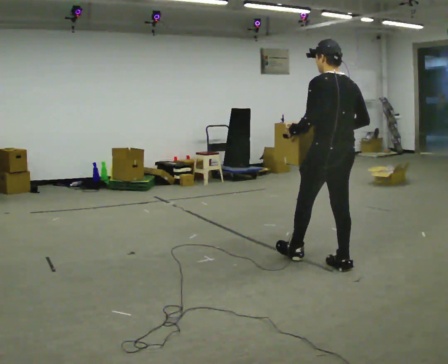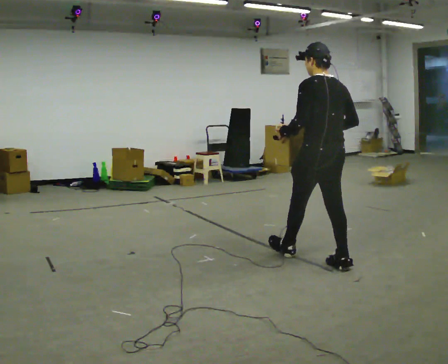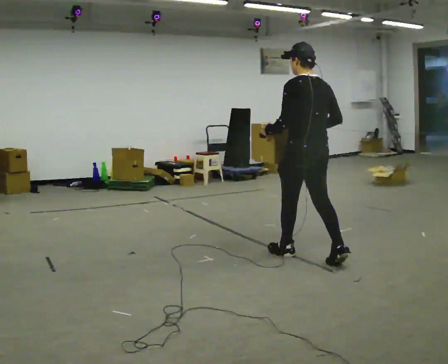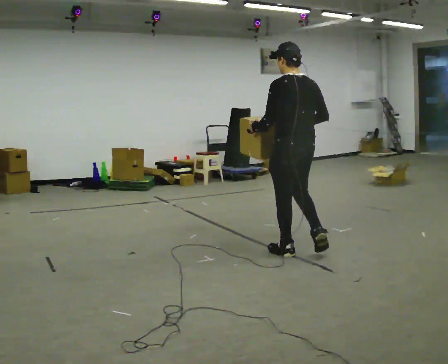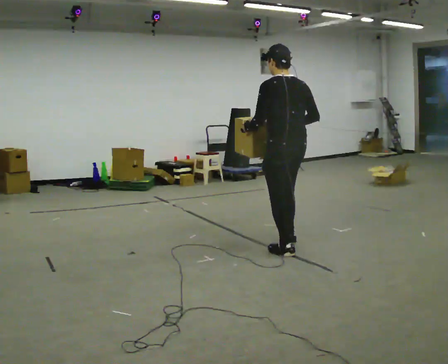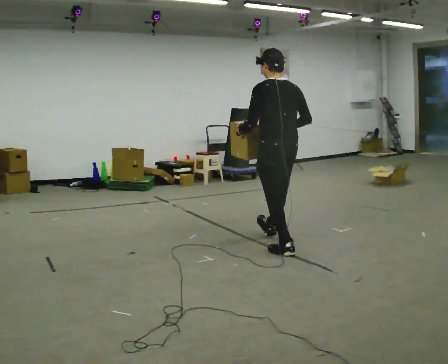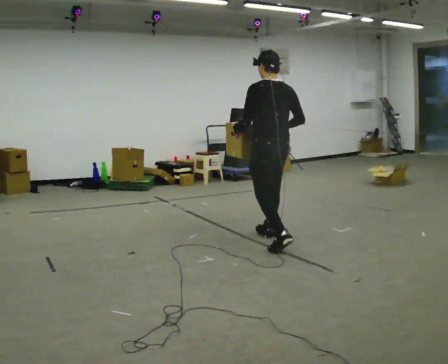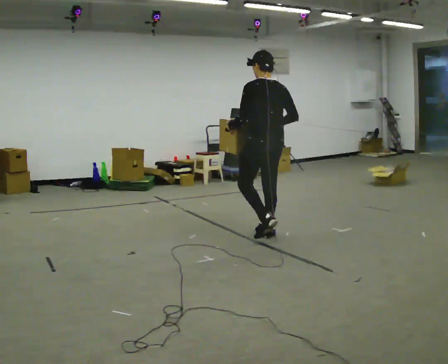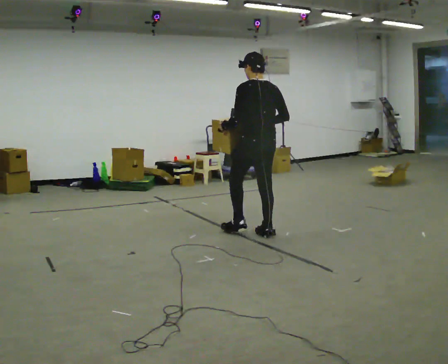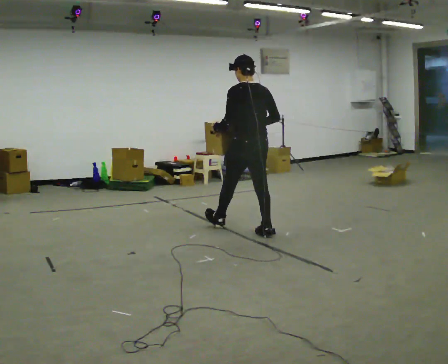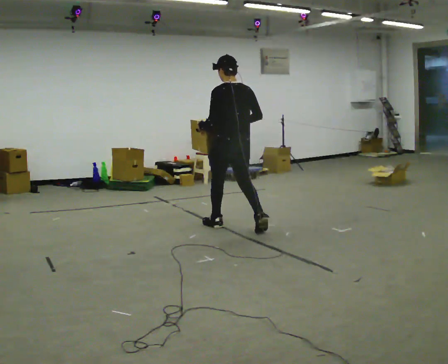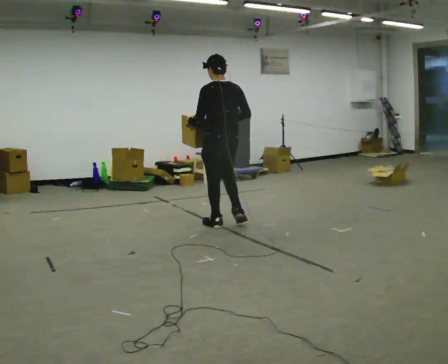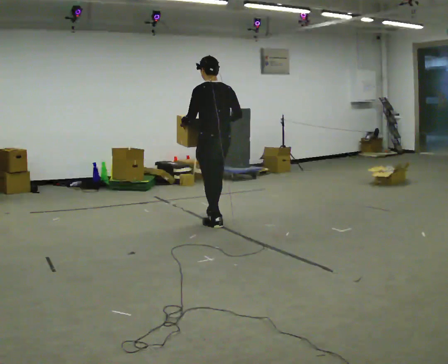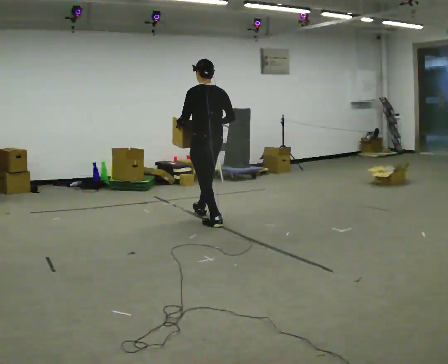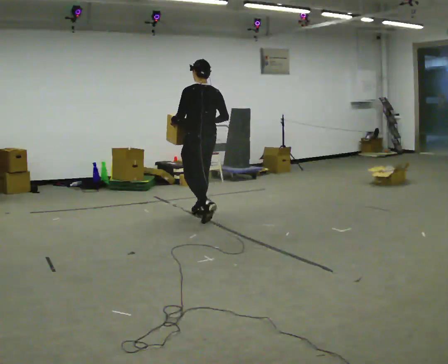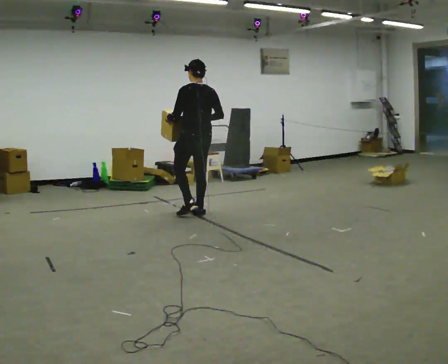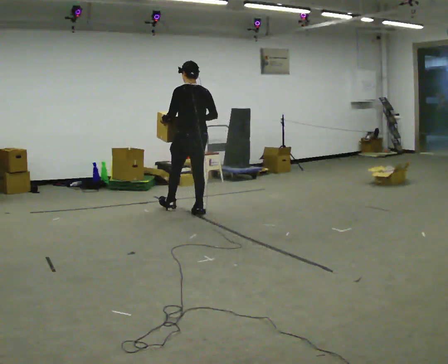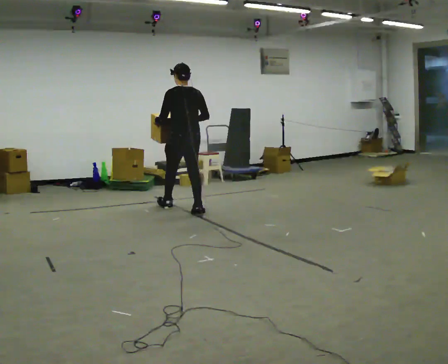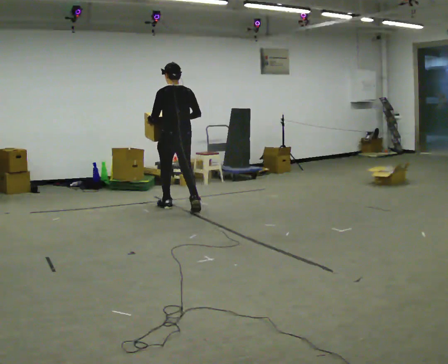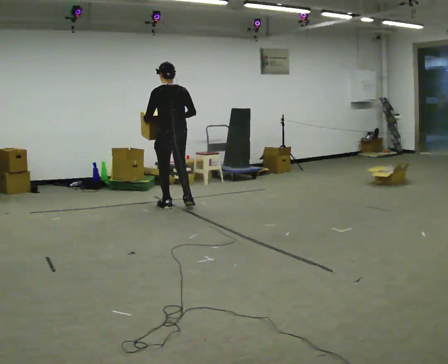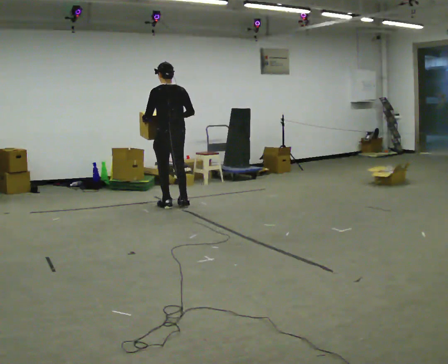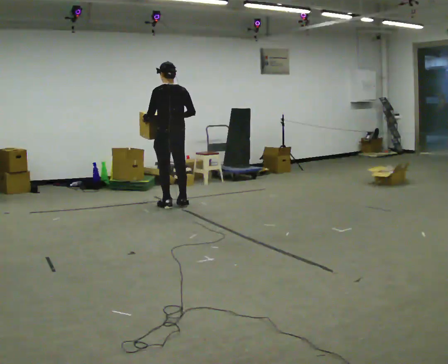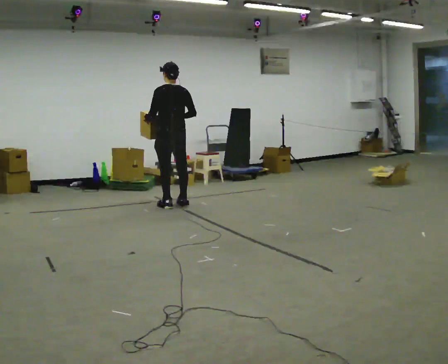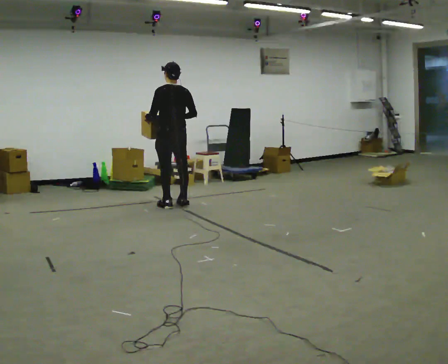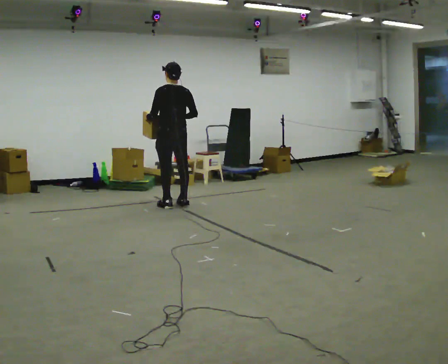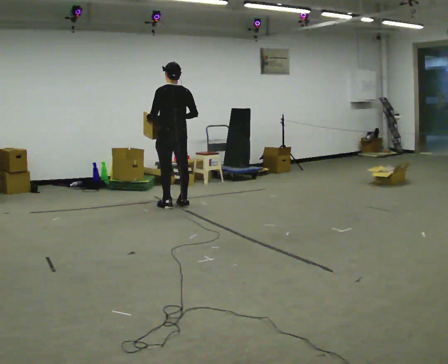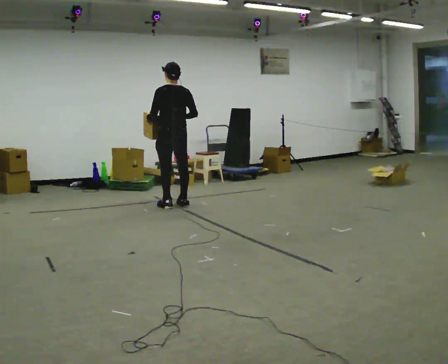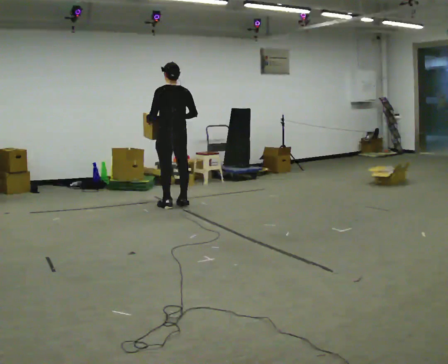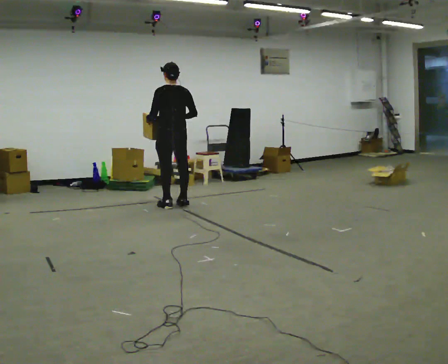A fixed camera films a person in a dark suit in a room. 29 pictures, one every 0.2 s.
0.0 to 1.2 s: In the picture they go away from the camera and to the left, about 1 m in 2 steps, which for them is forward.
1.2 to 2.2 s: In the picture they go away from the camera and to the left, about 0.5 m in 1 step, which for them is forward.
2.2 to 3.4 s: In the picture they go away from the camera and to the left, about 1 m in 2 steps, which for them is forward.
3.4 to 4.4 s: In the picture they go away from the camera, about 0.25 m in 1 step, which for them is forward.
4.4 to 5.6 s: The person moves a little, or ends about where they began.
The film runs forward here.
